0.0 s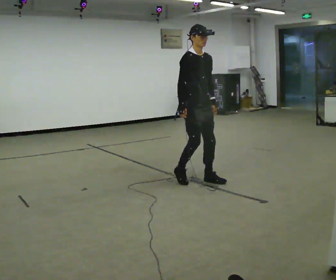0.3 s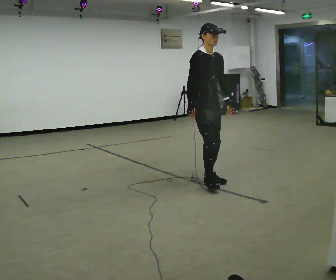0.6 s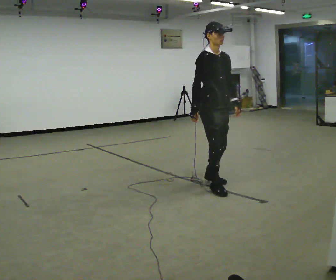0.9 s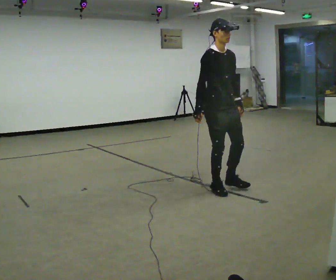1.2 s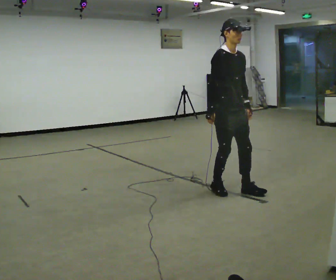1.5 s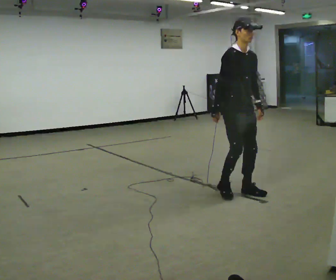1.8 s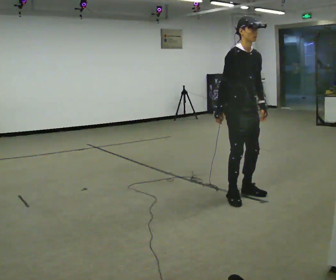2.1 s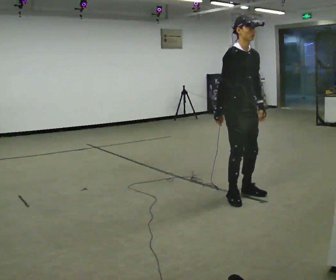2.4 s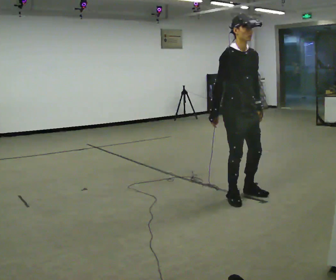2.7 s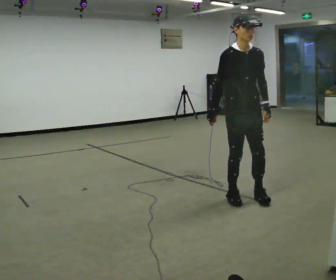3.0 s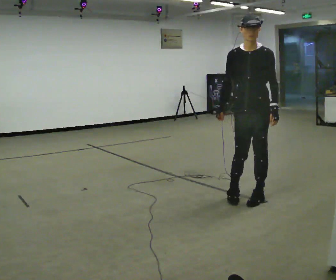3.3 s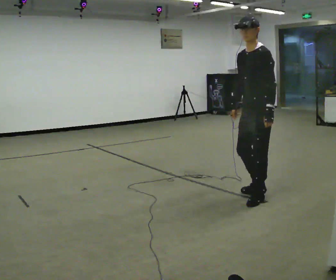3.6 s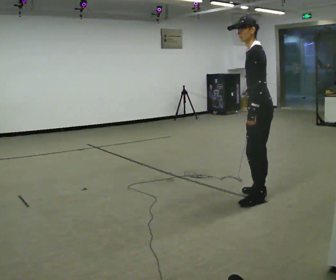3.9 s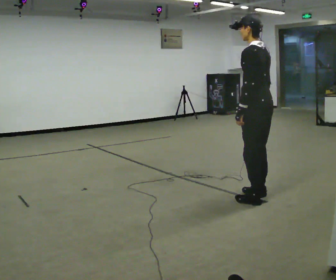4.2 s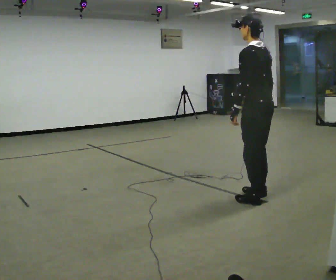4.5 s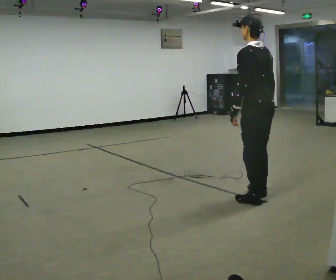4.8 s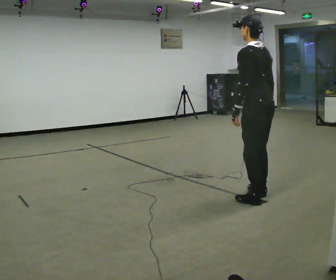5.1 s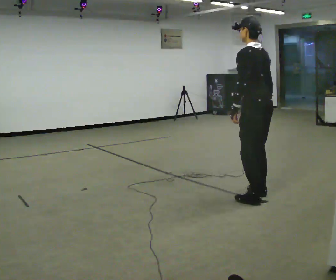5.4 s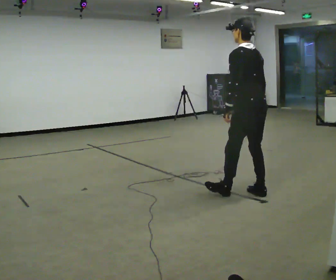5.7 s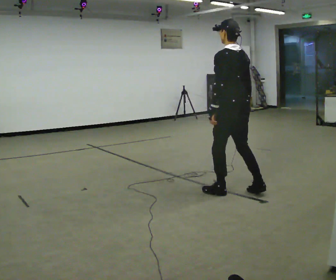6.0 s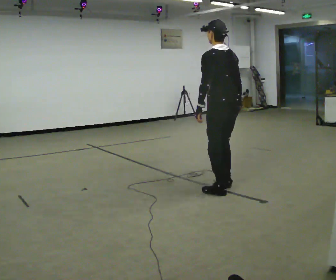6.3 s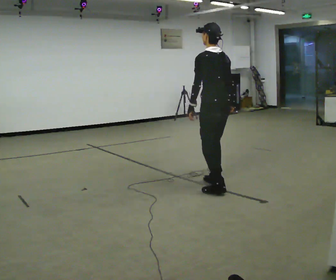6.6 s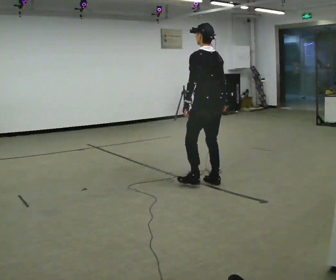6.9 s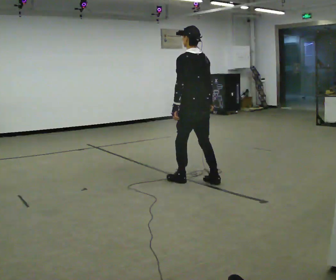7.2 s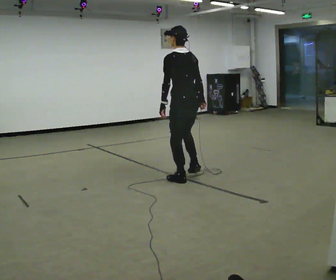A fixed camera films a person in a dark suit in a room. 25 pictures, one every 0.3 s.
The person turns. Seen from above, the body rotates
clockwise.
The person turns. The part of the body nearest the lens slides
to the left.
0.0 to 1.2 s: In the picture they go toward the camera and to the right, about 0.5 m in 1 step, which for them is forward.
1.2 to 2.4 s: In the picture they go toward the camera, about 0.25 m in 2 steps, which for them is forward.
2.4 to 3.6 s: Seen from above the body turns clockwise, about 135 degrees: to their right, with its near side sliding to the left. In the picture they go to the right, about 0.25 m in 2 steps. In the picture the upper body tilts counterclockwise, shoulders to the left.
3.6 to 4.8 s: Seen from above the body turns clockwise, about 45 degrees: to their right, with its near side sliding to the left.
4.8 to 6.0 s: In the picture they go to the left and away from the camera, about 0.5 m in 2 steps, which for them is forward.
6.0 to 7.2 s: In the picture they go to the left and away from the camera, about 0.5 m in 2 steps, which for them is forward.
The film runs backward here.
